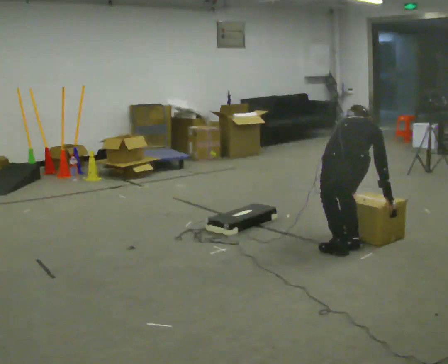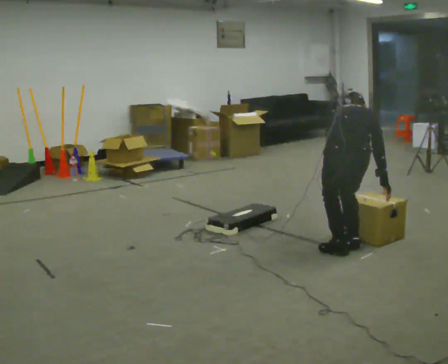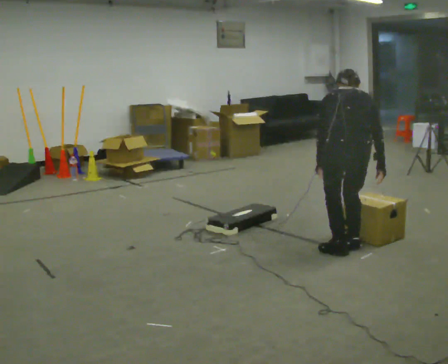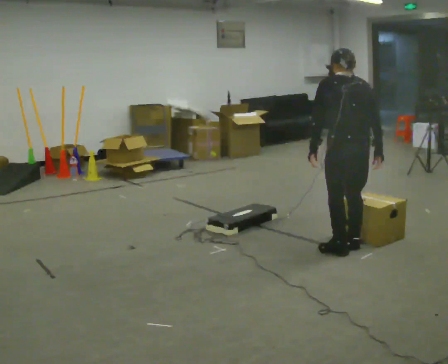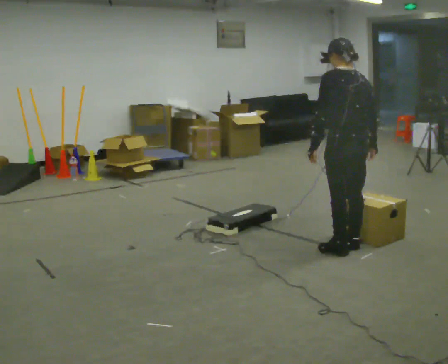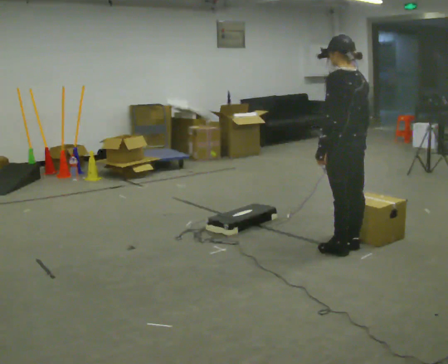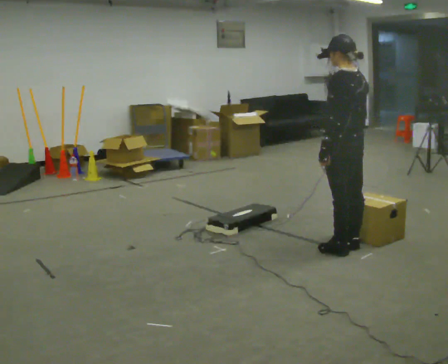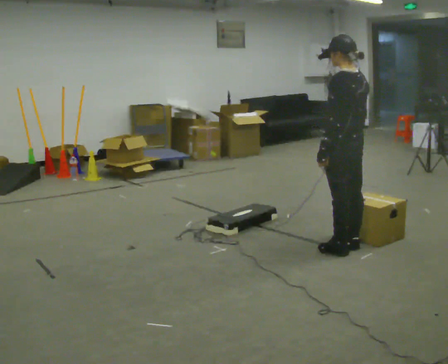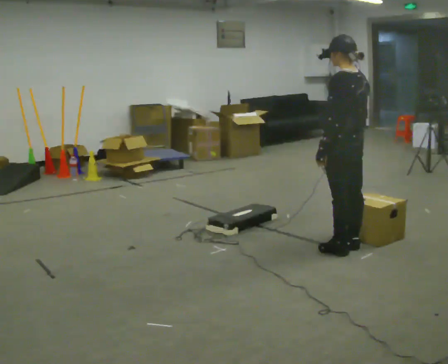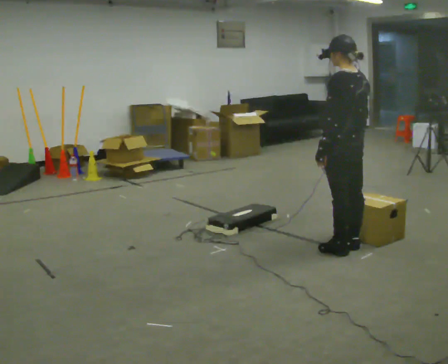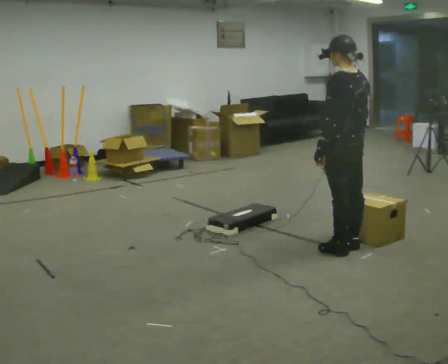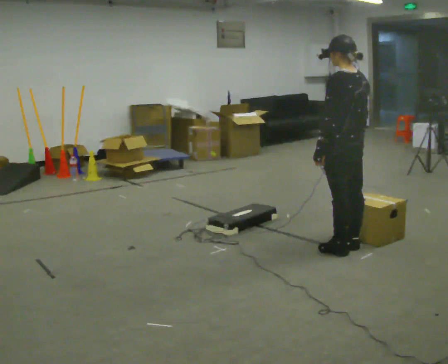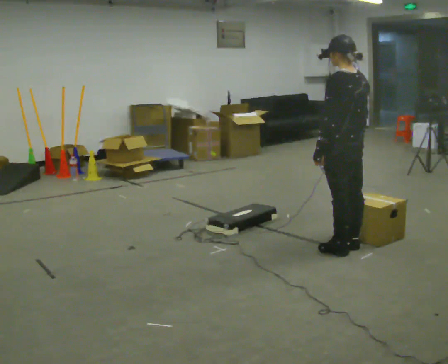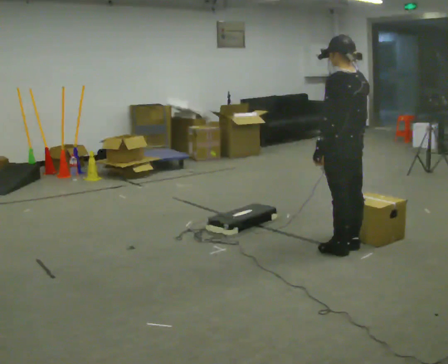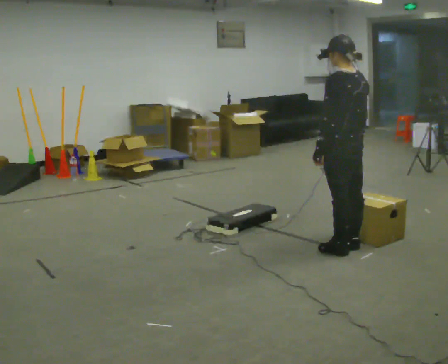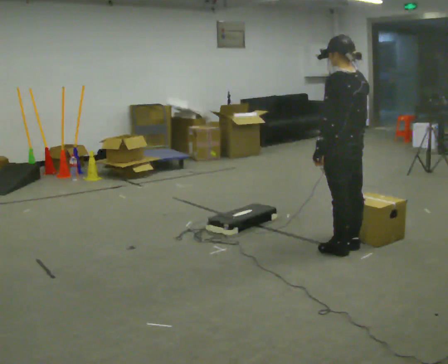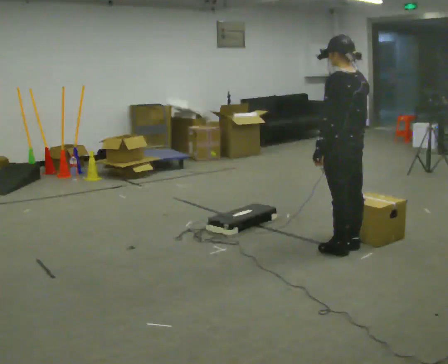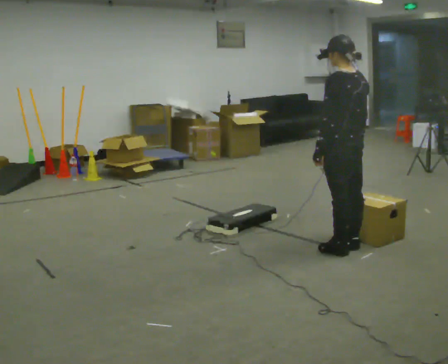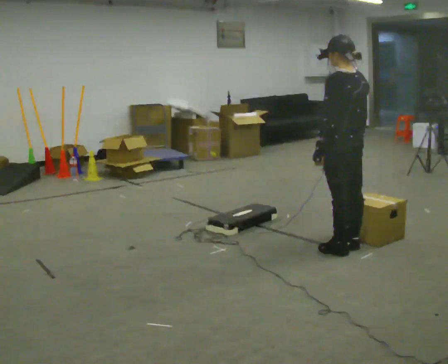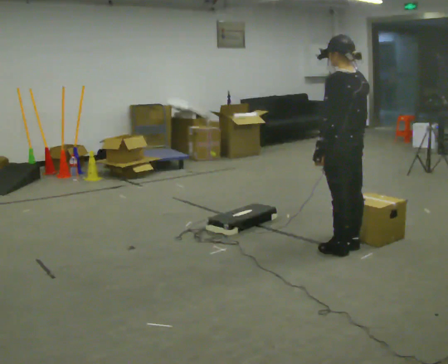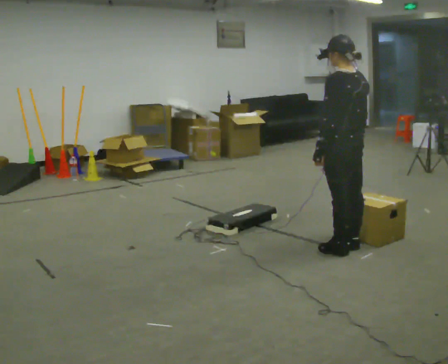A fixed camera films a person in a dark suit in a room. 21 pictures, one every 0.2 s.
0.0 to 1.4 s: Seen from above the body turns counterclockwise, about 60 degrees: to their left, with its near side sliding to the right. In the picture they go away from the camera, about 0.25 m. The upper body goes upward. The upper body tips toward the camera, its near side rolling downward, as they lean back or straighten. In the picture their right hand goes upward.
1.4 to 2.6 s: The person moves a little, or ends about where they began.
2.6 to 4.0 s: The person keeps their place and pose.
The film runs forward here.
